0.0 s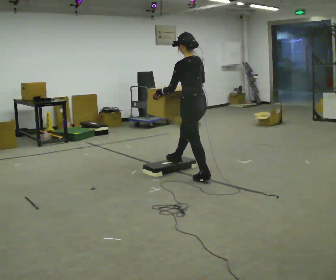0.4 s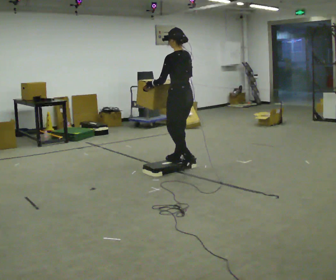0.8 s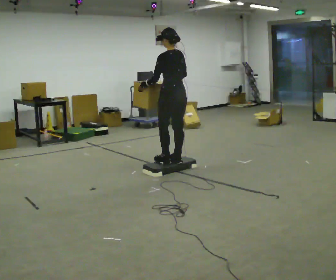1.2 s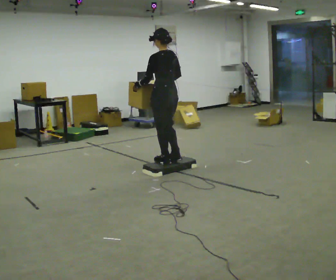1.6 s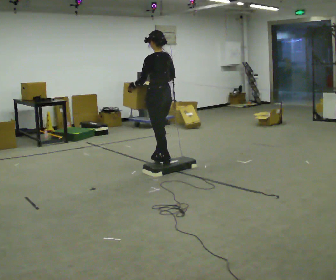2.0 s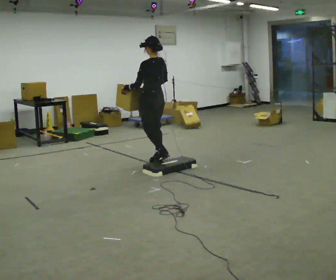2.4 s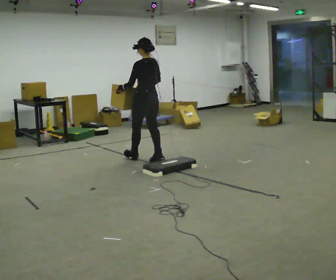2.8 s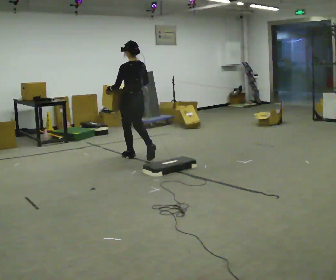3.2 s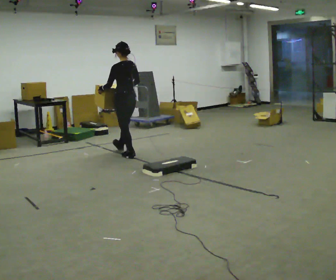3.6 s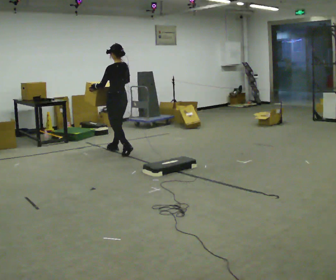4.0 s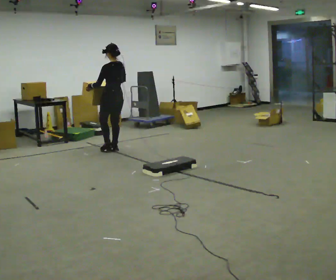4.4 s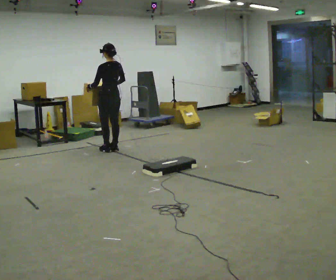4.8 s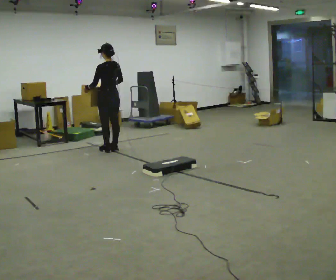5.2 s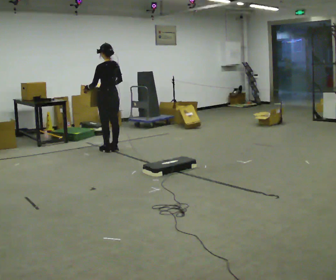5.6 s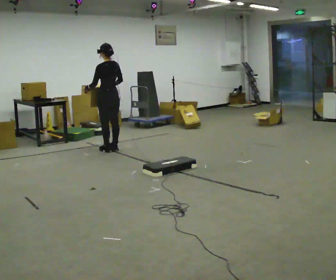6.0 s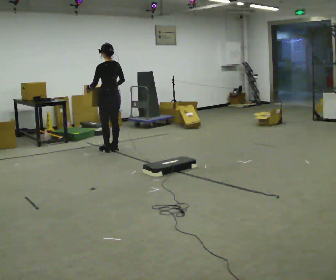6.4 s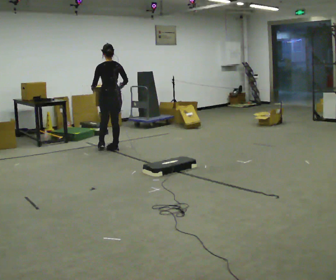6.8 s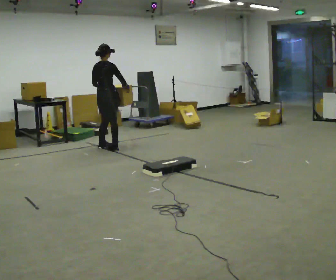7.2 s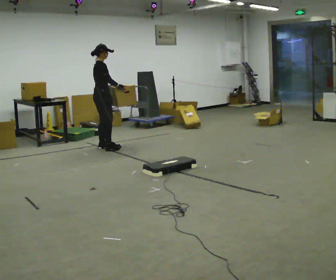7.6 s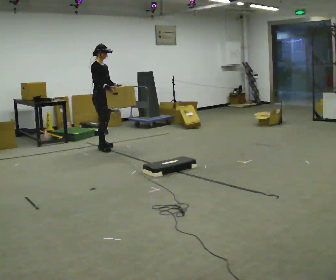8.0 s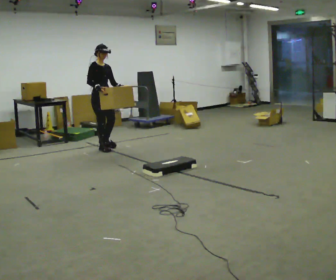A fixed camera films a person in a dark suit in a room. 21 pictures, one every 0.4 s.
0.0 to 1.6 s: In the picture they go away from the camera and to the left, about 0.5 m in 1 step, which for them is forward.
1.6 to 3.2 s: In the picture they go away from the camera and to the left, about 1 m in 2 steps, which for them is forward.
3.2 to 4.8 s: In the picture they go away from the camera and to the left, about 0.5 m in 2 steps, which for them is forward.
4.8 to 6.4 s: Seen from above the body turns clockwise, about 30 degrees: to their right, with its near side sliding to the left.
6.4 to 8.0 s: The person turns about 150 degrees to their right, clockwise seen from above, so the part of the body nearest the lens slides to the left. In the picture their right hand goes to the left.
The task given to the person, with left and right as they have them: Carry the box up onto the platform, across it, and down the other side, then bring it back. Keep going until the operator says stop; one object at a time, and do not rush between trips.
The film runs forward here.
